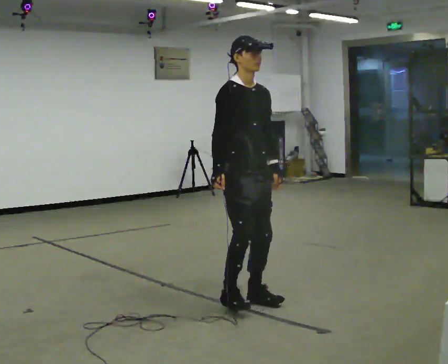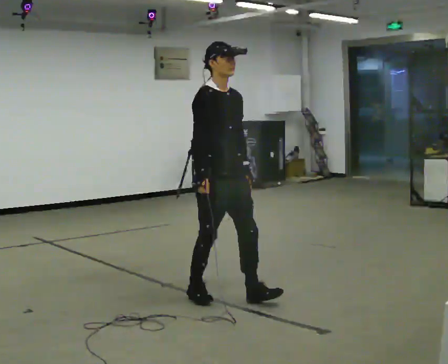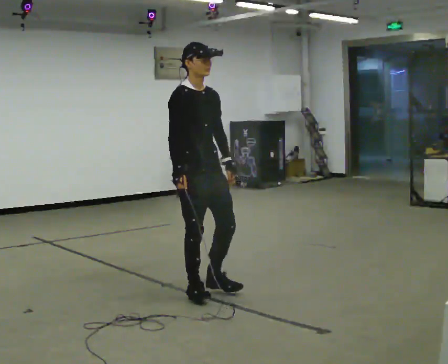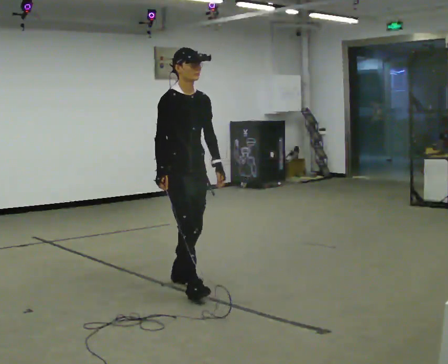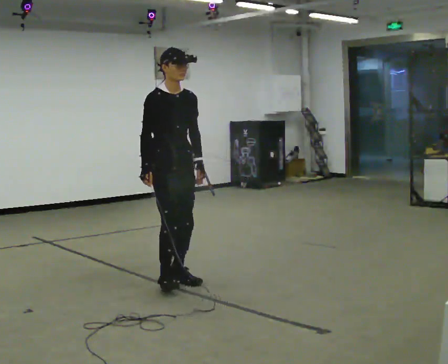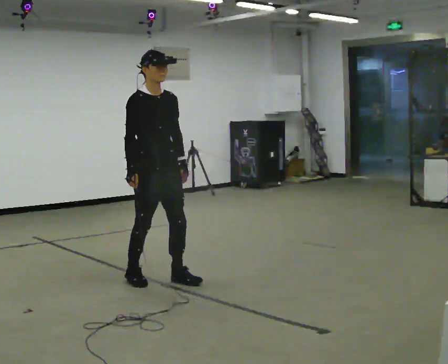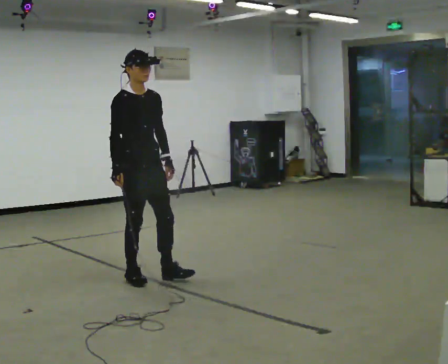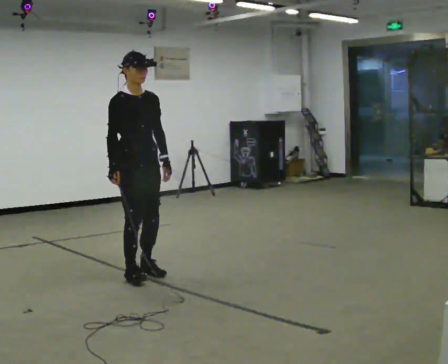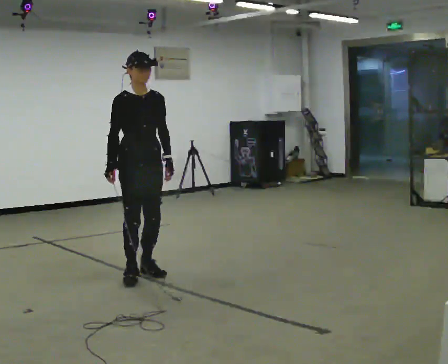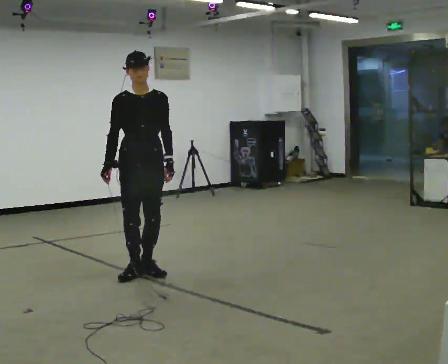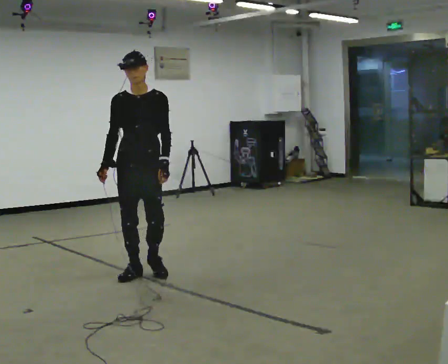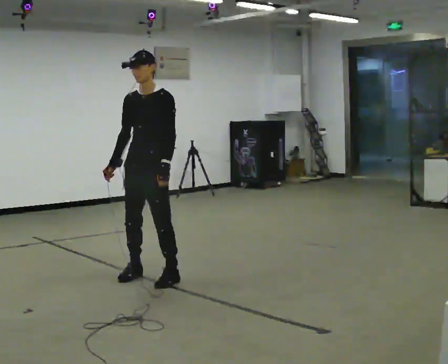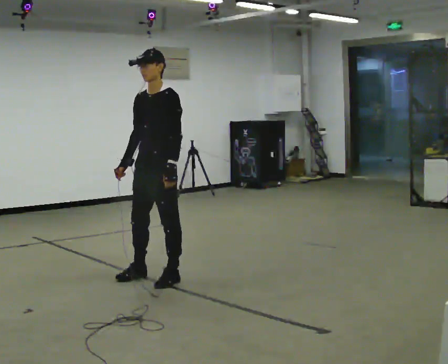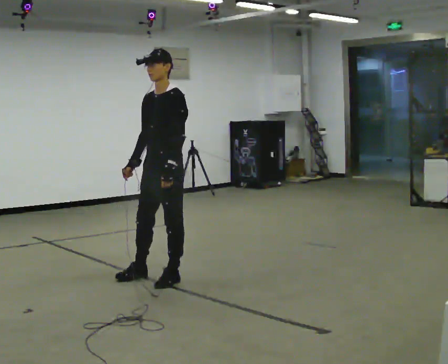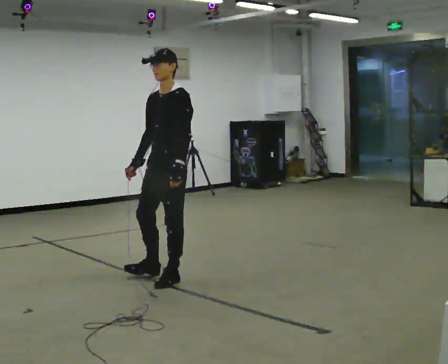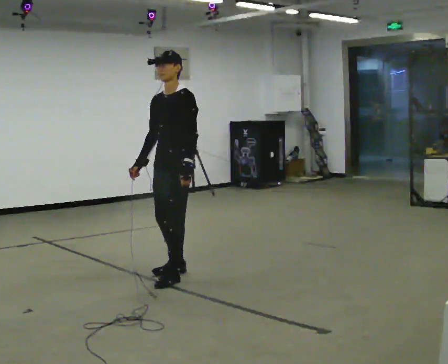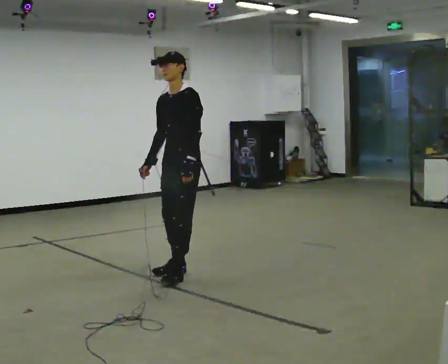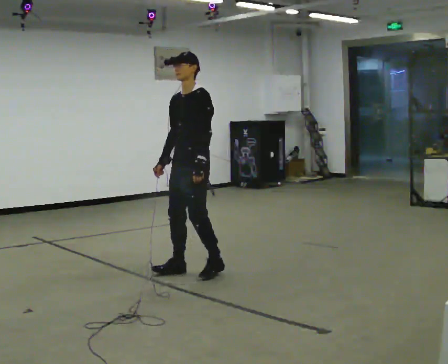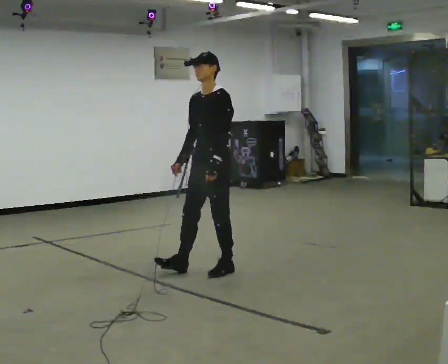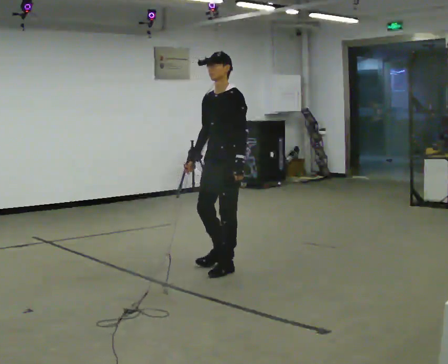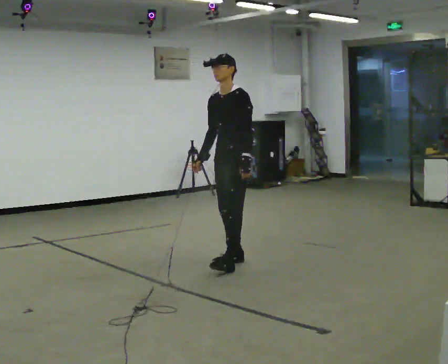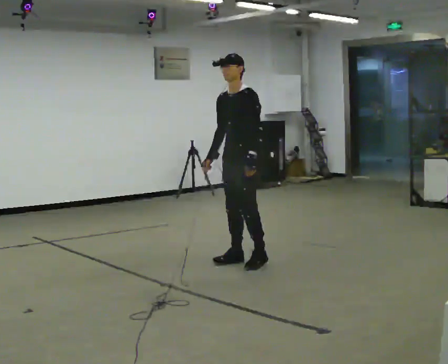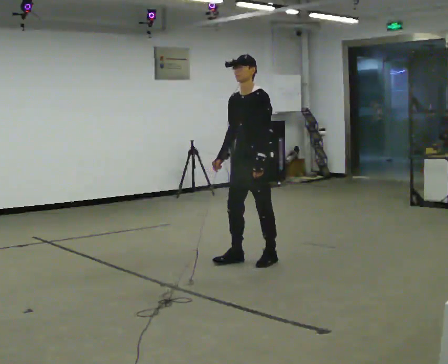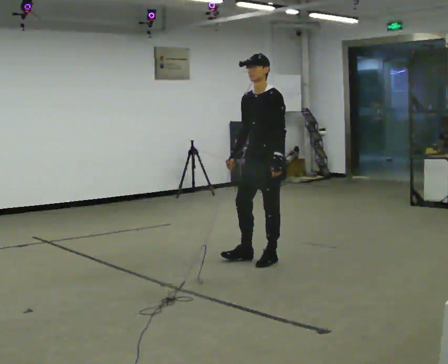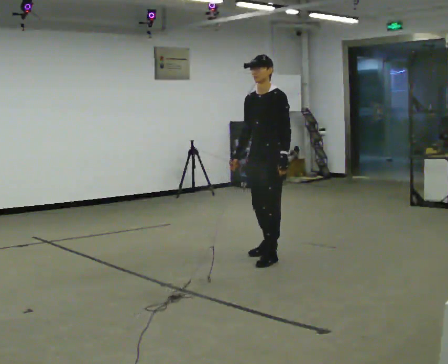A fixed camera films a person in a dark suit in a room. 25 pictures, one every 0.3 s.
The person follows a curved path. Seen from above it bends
clockwise.
The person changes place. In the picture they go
away from the camera.
0.0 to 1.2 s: In the picture they go away from the camera and to the left, about 0.5 m in 2 steps, which for them is backward.
1.2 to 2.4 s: In the picture they go away from the camera and to the left, about 0.25 m in 2 steps, which for them is backward.
2.4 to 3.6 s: The part of the body nearest the lens slides to the left as the person turns to their right by about 75 degrees. In the picture they go to the right and toward the camera, about 0.25 m in 1 step.
3.6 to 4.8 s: In the picture they go to the right and away from the camera, about 0.25 m in 1 step, which for them is backward.
4.8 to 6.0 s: In the picture they go to the right and away from the camera, about 0.5 m in 2 steps, which for them is backward.
6.0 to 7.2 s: In the picture they go to the right and away from the camera, about 0.25 m in 2 steps, which for them is backward.
The film runs forward here.
